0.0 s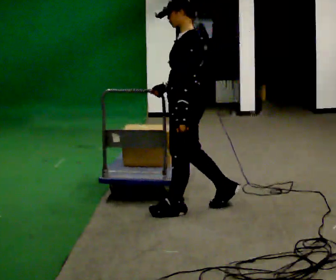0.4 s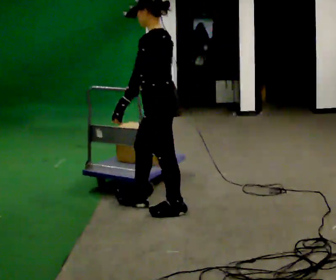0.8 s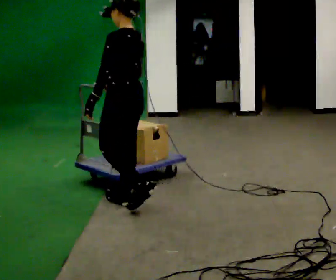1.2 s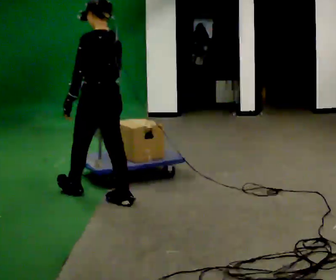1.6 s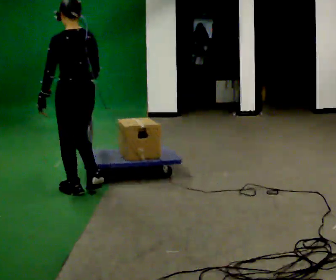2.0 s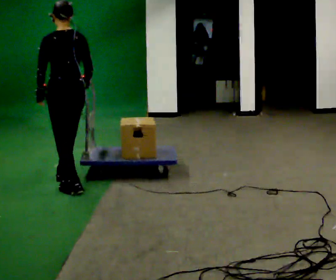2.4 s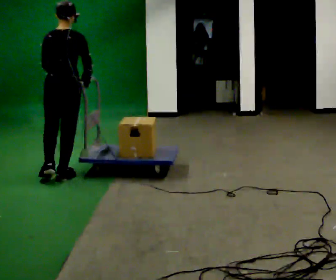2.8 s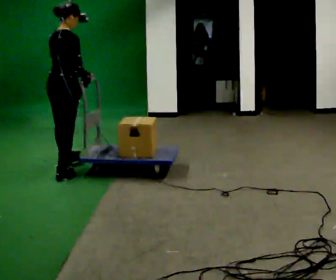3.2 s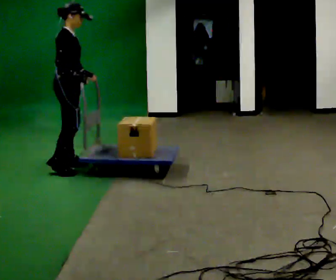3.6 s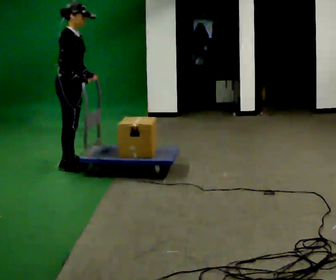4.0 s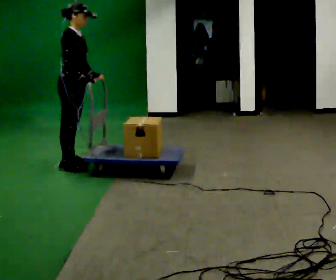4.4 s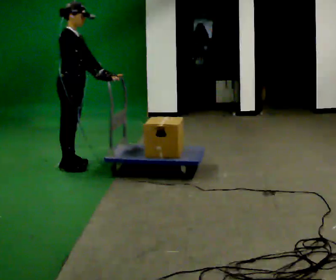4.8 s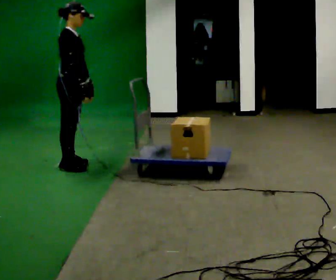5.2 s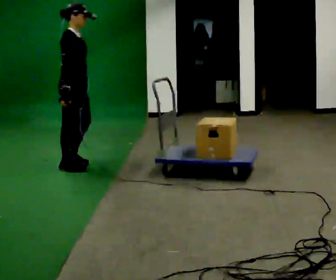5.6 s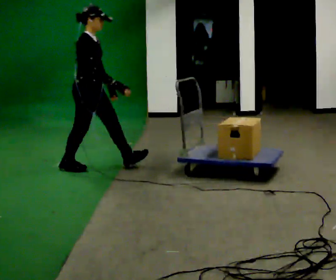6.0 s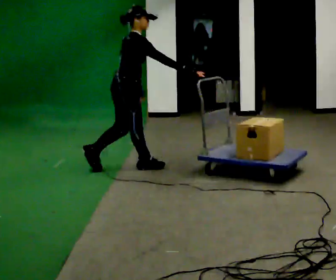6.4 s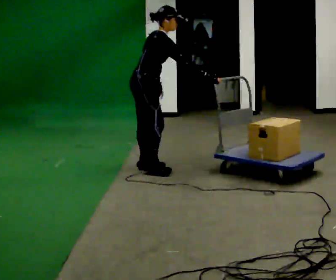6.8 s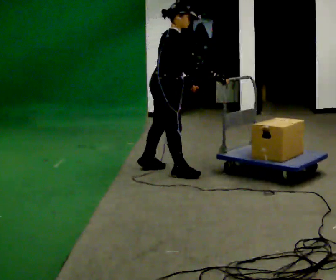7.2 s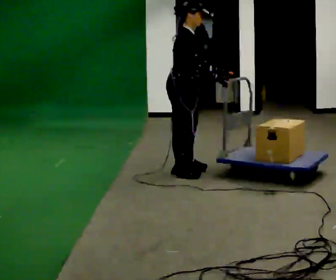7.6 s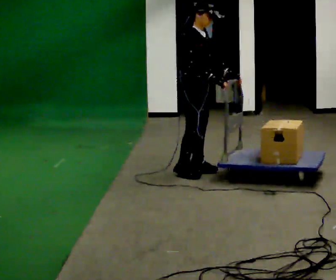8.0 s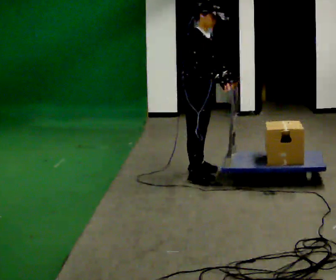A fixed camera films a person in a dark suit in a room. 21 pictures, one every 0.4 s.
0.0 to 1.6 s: The person turns about 60 degrees to their right, clockwise seen from above, so the part of the body nearest the lens slides to the left. In the picture they go to the left and away from the camera, about 1 m in 2 steps, which for them is forward.
1.6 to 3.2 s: The part of the body nearest the lens slides to the left as the person turns to their right by about 120 degrees. In the picture they go away from the camera, about 1 m in 2 steps.
3.2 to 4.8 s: The person moves a little, or ends about where they began.
4.8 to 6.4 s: In the picture they go to the right, about 0.5 m in 1 step, which for them is forward. In the picture the upper body tilts clockwise, shoulders to the right, as they bend forward.
6.4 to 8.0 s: The part of the body nearest the lens slides to the left as the person turns to their right by about 45 degrees. In the picture they go to the right and toward the camera, about 0.5 m in 3 steps, which for them is forward. In the picture the upper body tilts counterclockwise, shoulders to the left, as they lean back or straighten.
The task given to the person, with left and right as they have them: Stand still with your hands on the cart. When the operator says go, get it moving, push it a few metres, then bring it to a stop. Repeat until the operator says stop.
The film runs forward here.
